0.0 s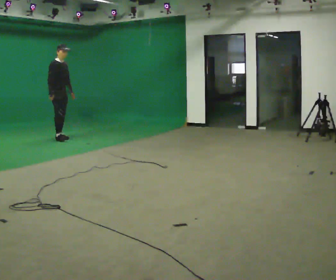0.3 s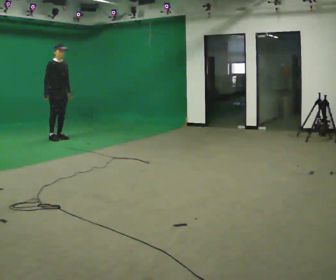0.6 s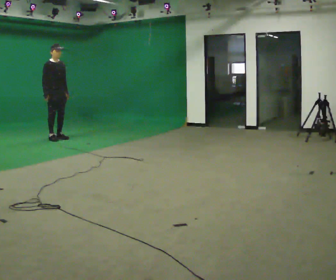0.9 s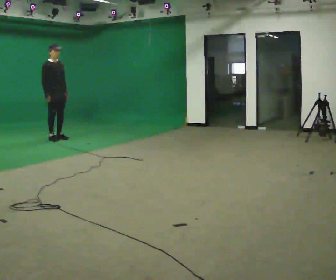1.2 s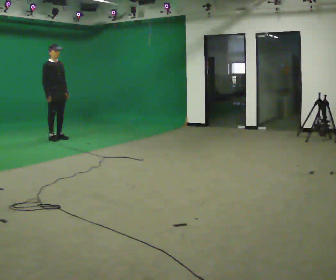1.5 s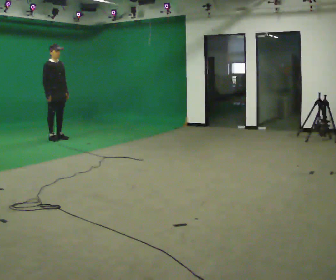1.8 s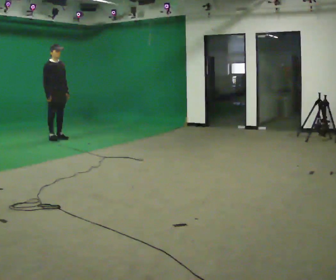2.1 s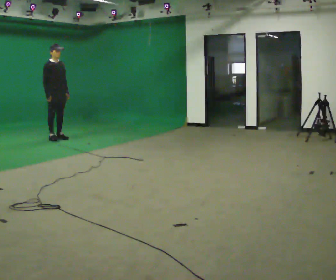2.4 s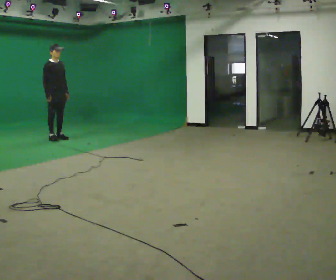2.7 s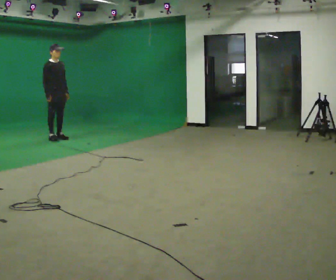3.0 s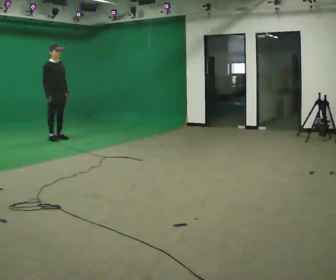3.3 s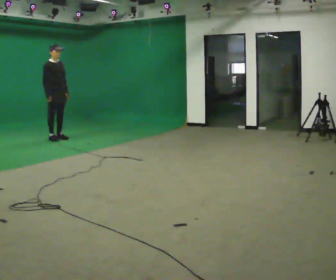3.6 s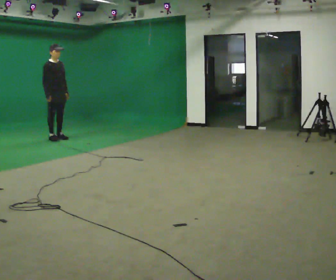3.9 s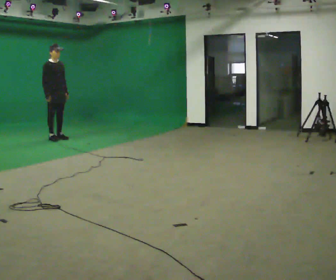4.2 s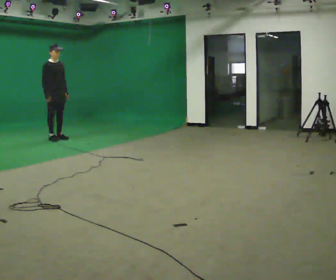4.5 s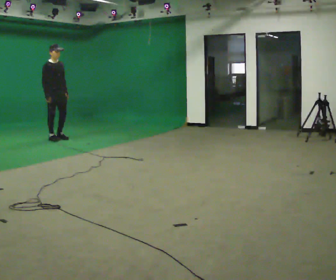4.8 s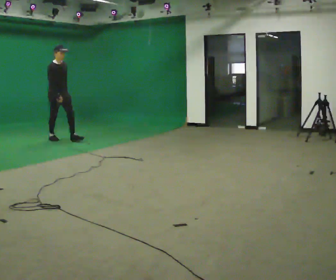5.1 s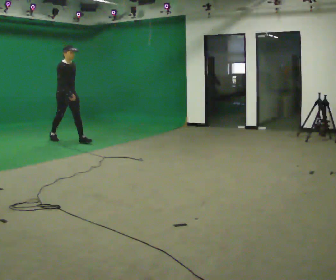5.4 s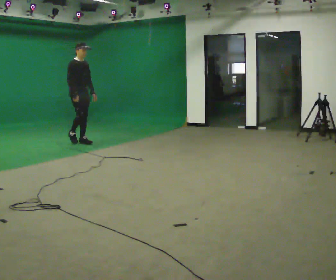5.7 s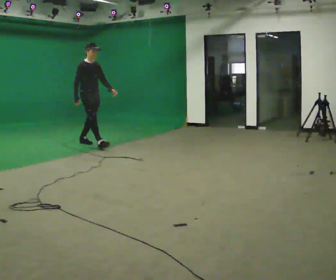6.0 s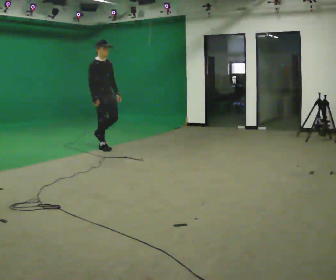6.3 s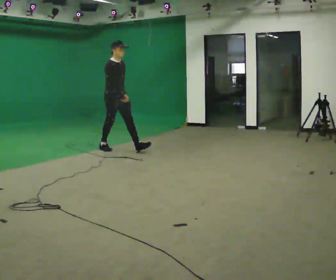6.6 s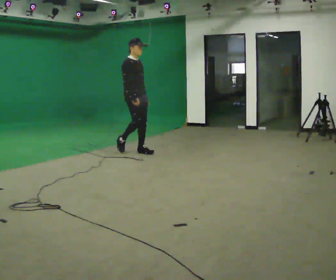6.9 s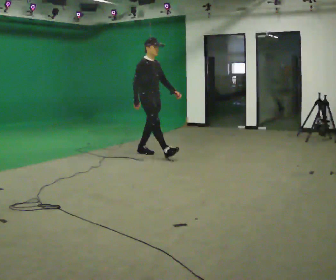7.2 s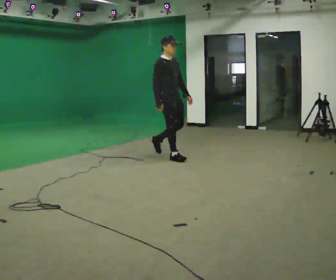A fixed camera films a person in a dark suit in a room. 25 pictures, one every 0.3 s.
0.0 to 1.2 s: The person moves a little, or ends about where they began.
1.2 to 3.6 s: The person keeps their place and pose.
3.6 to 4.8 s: The person moves a little, or ends about where they began.
4.8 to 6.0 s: In the picture they go toward the camera and to the right, about 1 m in 2 steps, which for them is forward.
6.0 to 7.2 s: In the picture they go toward the camera and to the right, about 1.5 m in 2 steps, which for them is forward.
The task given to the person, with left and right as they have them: Stand still 2 s; begin walking naturally; walk forward; stop.
The film runs forward here.
